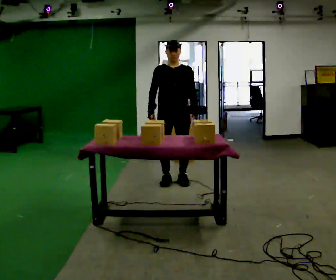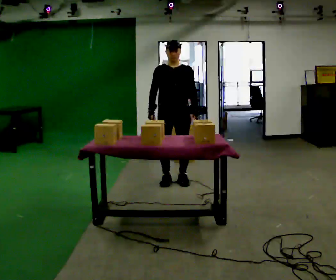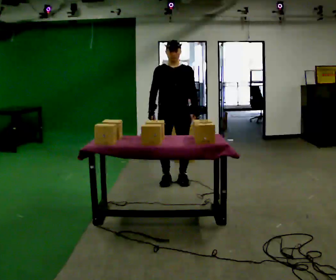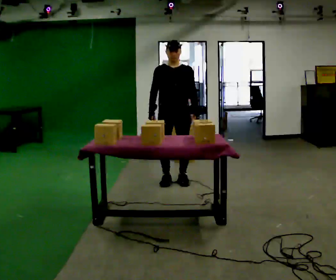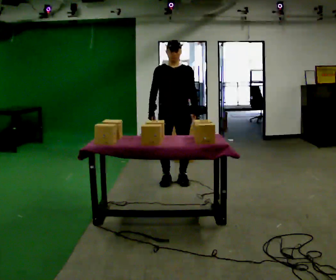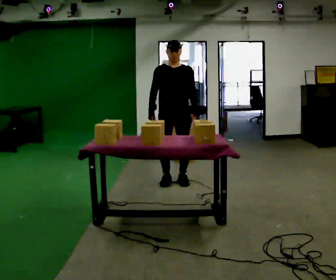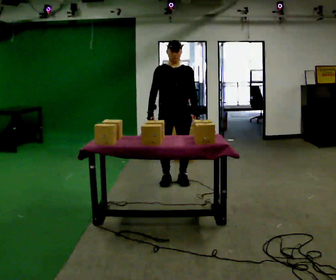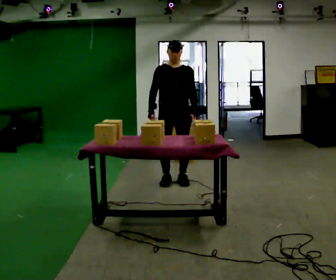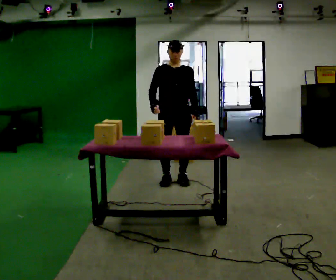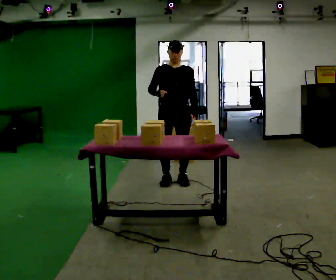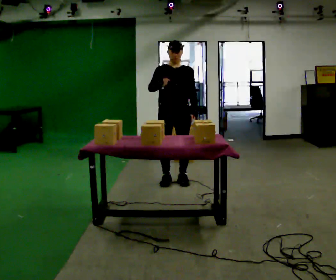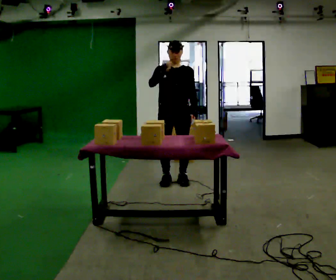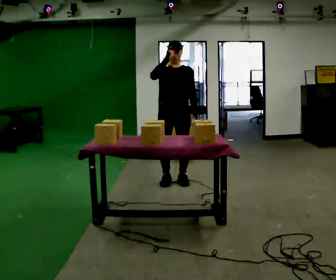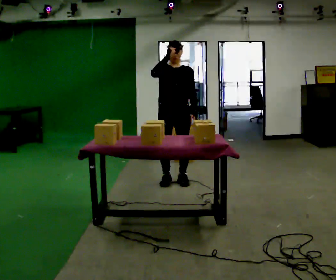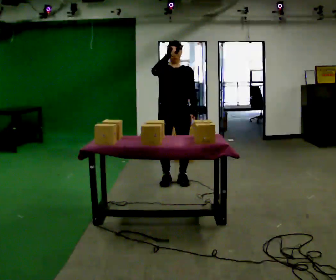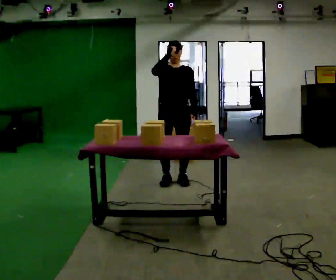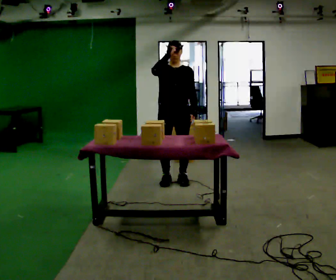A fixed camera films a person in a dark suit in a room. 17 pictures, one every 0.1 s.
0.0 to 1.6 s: In the picture their right hand goes upward.
The film runs backward here.
